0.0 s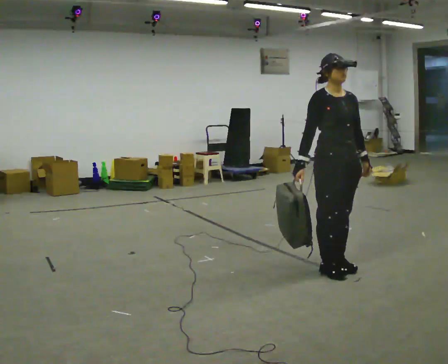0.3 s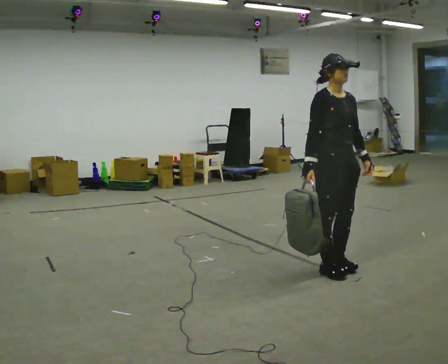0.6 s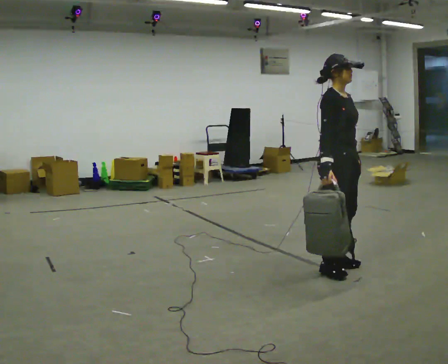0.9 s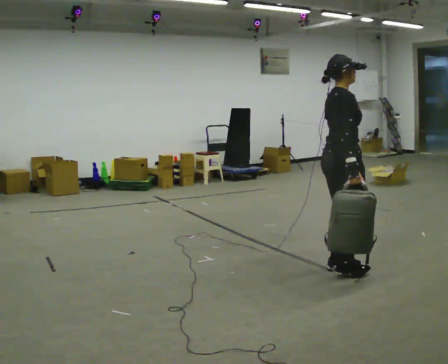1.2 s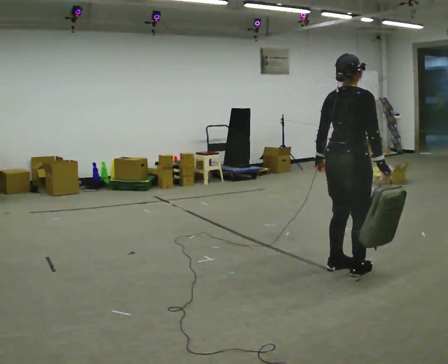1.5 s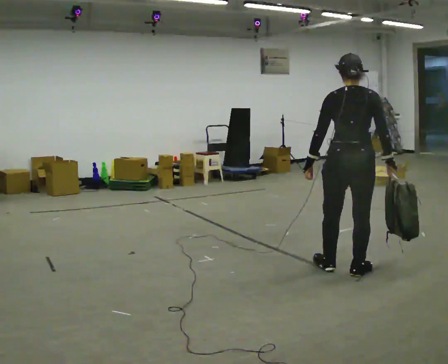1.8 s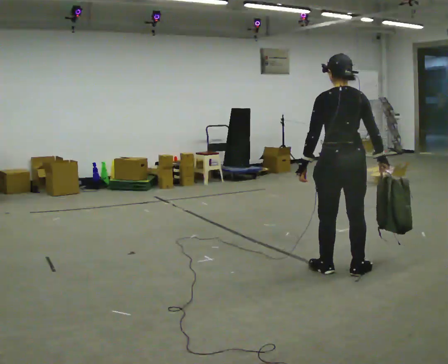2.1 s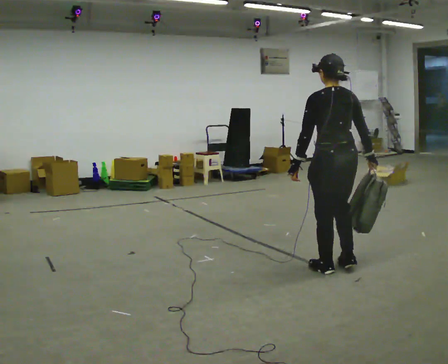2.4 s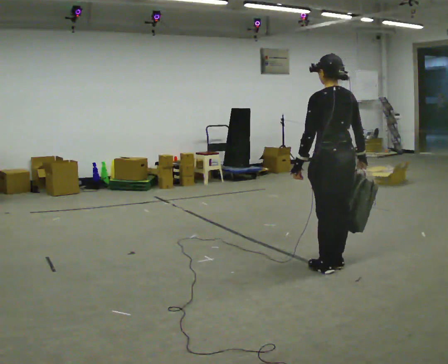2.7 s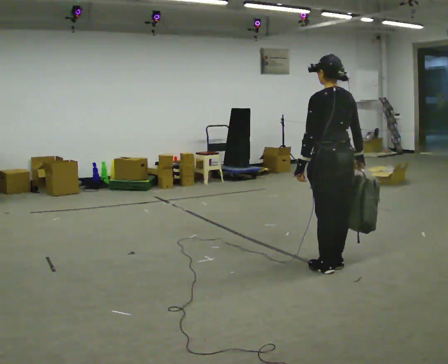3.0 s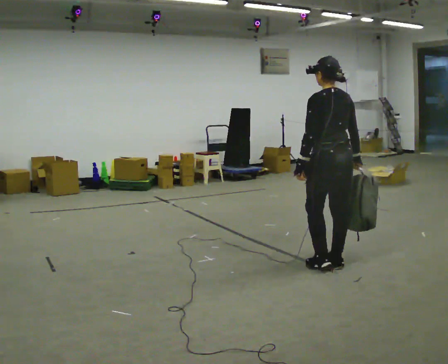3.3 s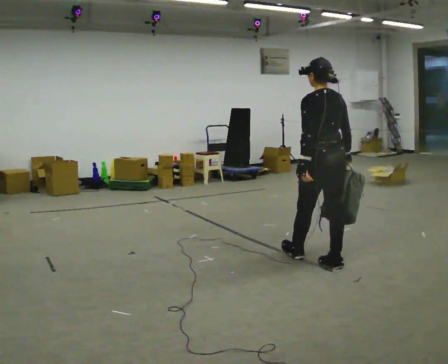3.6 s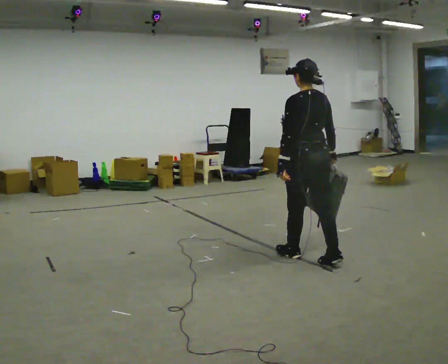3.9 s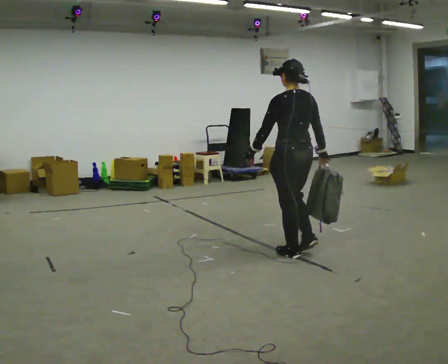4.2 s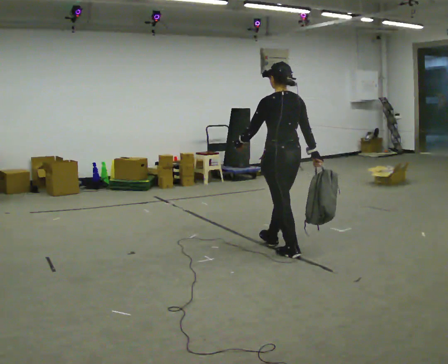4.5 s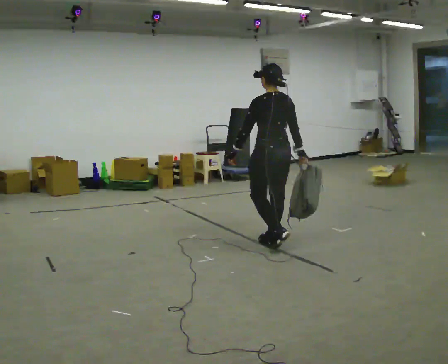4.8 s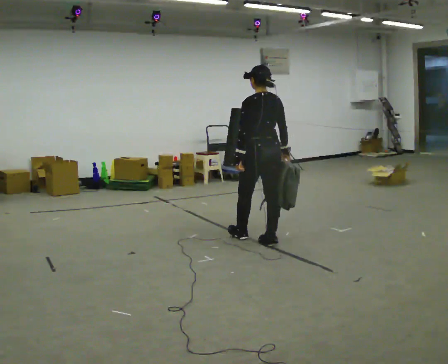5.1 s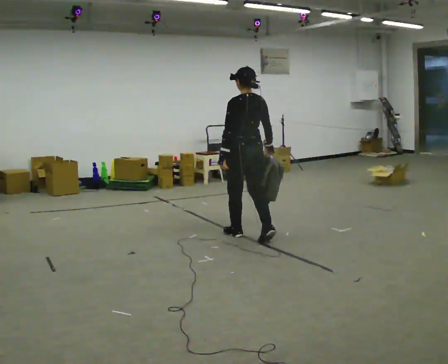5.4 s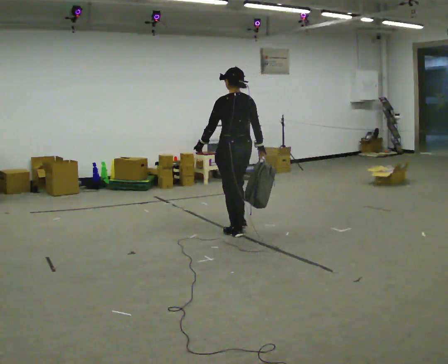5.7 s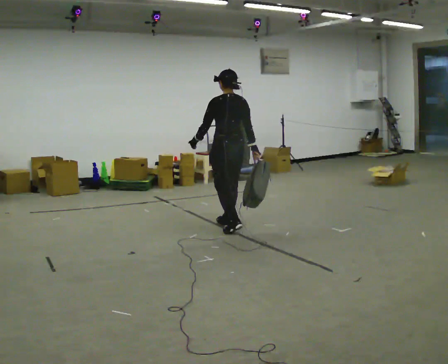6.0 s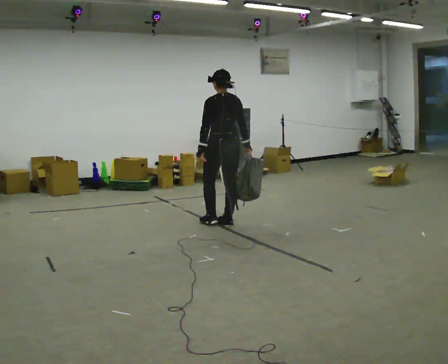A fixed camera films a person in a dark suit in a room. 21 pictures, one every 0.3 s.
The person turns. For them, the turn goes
to their left.
The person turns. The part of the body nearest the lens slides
to the right.
0.0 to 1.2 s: The person turns about 90 degrees to their left, counterclockwise seen from above, so the part of the body nearest the lens slides to the right. In the picture their right hand goes to the right, the arm swinging counterclockwise.
1.2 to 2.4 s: Seen from above the body turns counterclockwise, about 90 degrees: to their left, with its near side sliding to the right.
2.4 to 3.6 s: In the picture they go away from the camera, about 0.25 m in 1 step, which for them is forward.
3.6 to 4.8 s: In the picture they go away from the camera and to the left, about 0.75 m in 1 step, which for them is forward.
4.8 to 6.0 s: In the picture they go away from the camera and to the left, about 1 m in 2 steps, which for them is forward.
The film runs forward here.
